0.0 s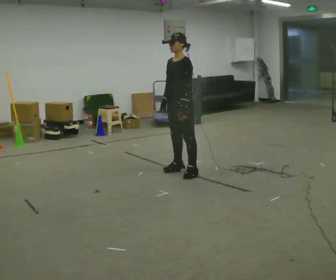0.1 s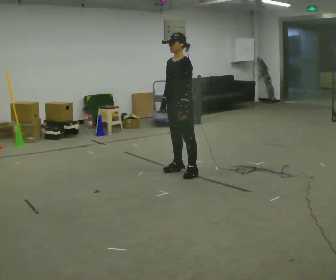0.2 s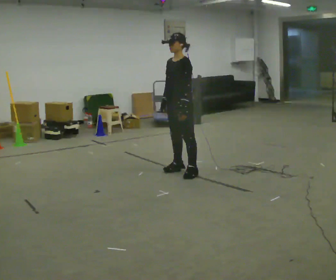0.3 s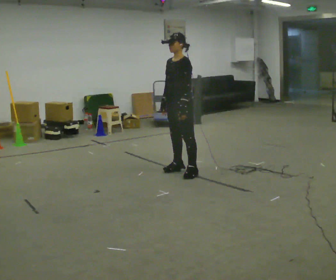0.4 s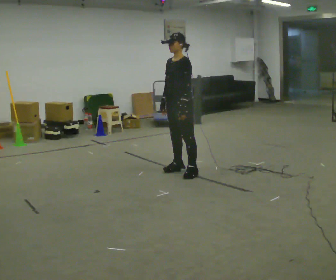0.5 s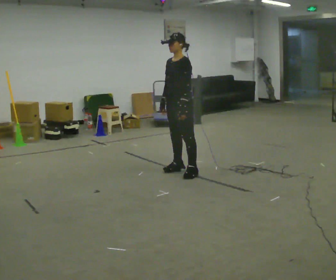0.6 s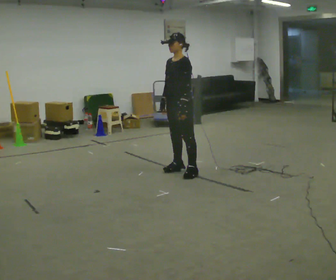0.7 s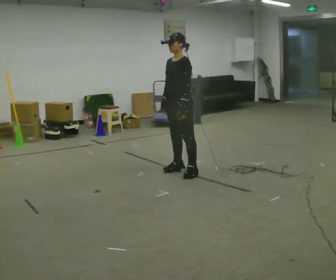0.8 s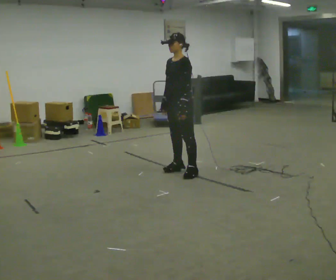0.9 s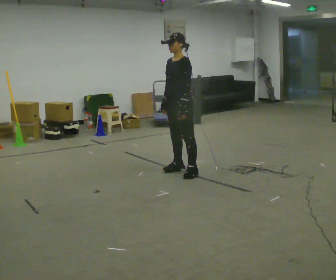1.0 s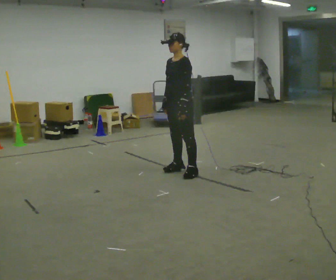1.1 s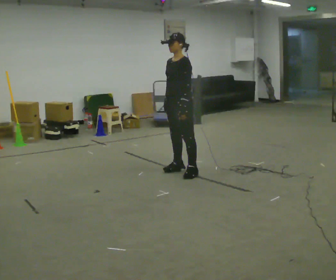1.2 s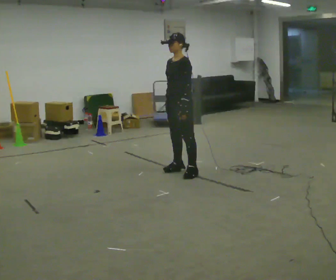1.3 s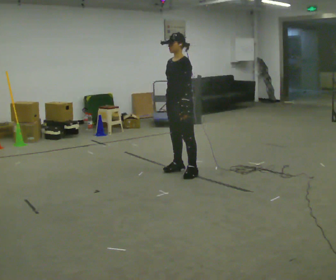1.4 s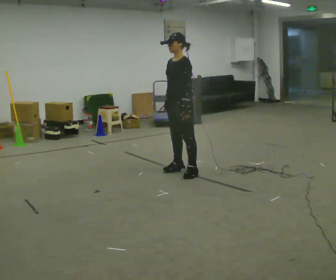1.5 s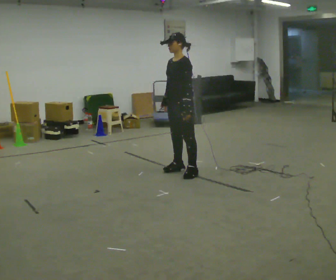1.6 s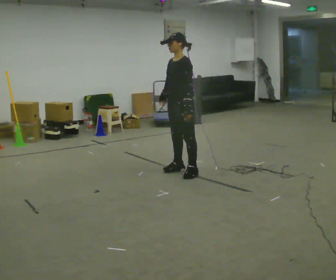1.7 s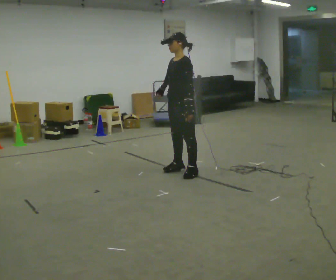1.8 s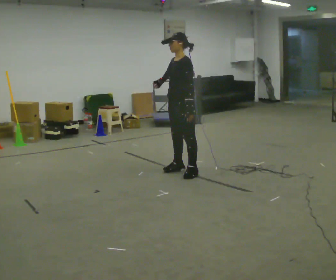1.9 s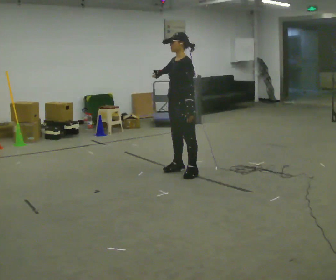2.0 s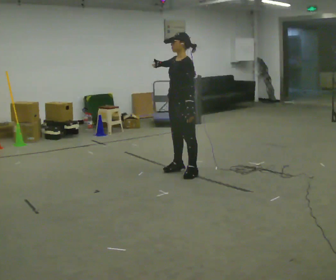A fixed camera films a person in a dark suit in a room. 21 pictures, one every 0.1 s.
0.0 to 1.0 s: The person moves a little, or ends about where they began.
1.0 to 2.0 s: In the picture their right hand goes upward.
The film runs backward here.
